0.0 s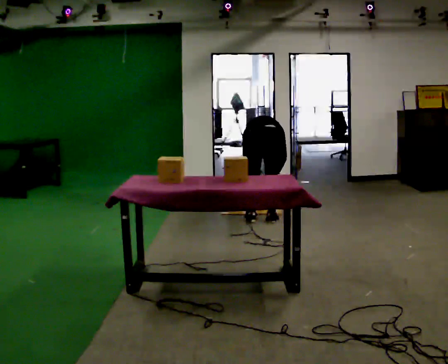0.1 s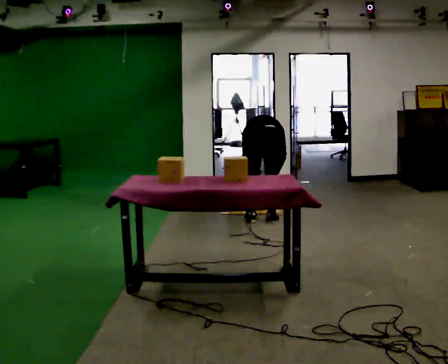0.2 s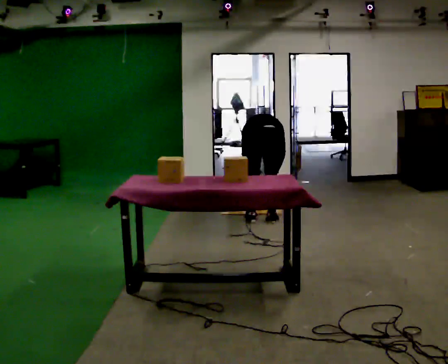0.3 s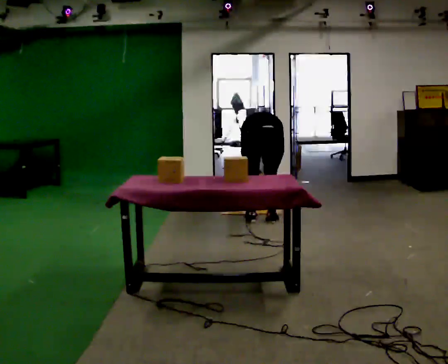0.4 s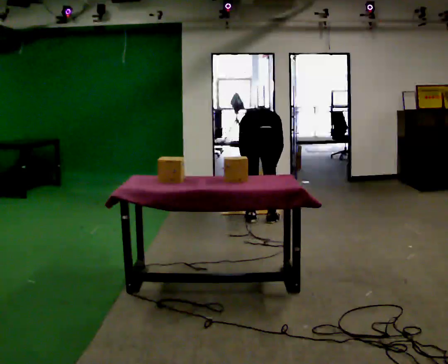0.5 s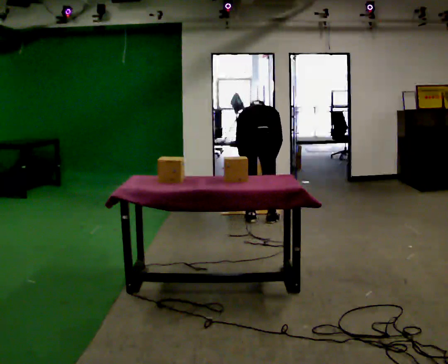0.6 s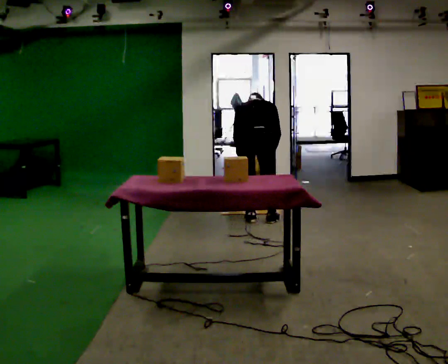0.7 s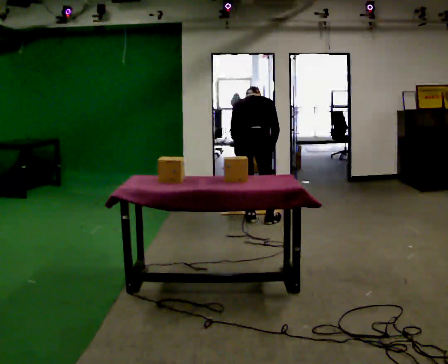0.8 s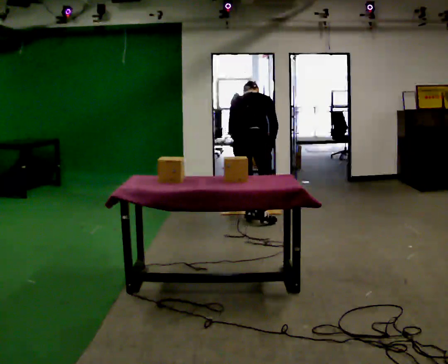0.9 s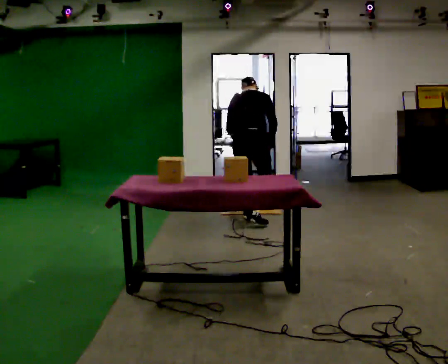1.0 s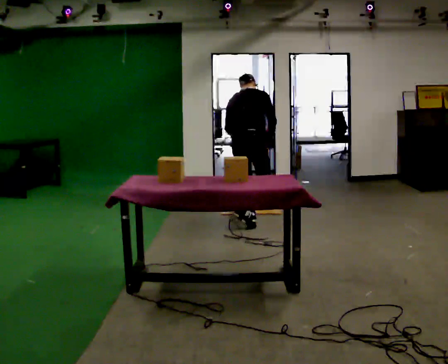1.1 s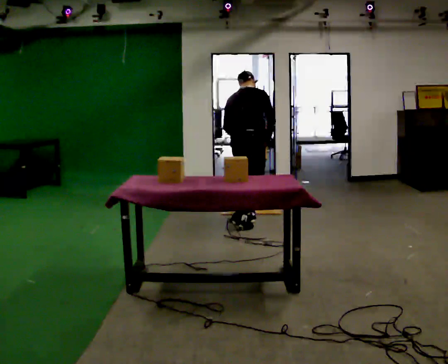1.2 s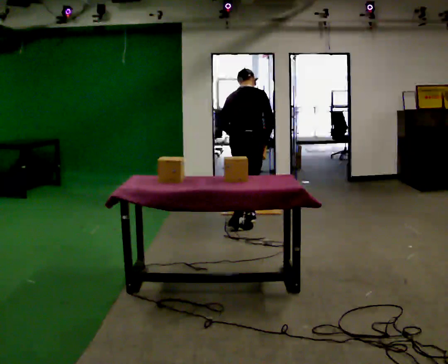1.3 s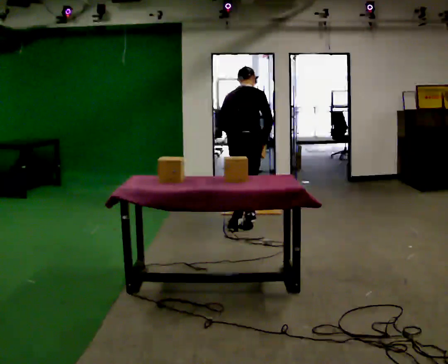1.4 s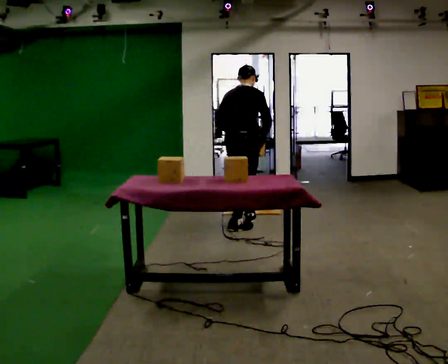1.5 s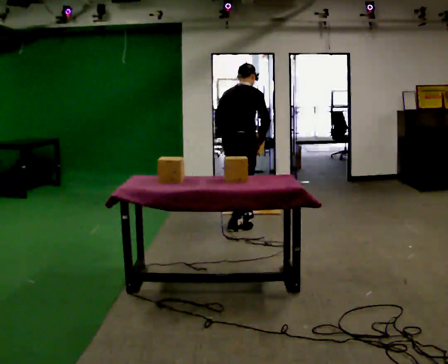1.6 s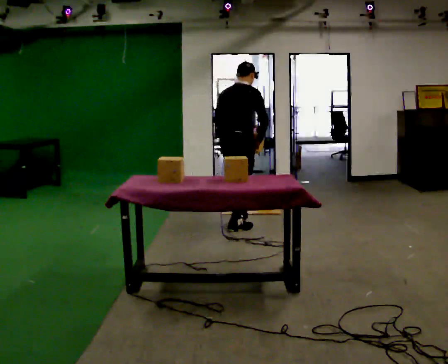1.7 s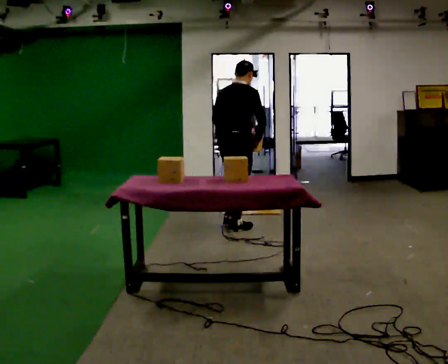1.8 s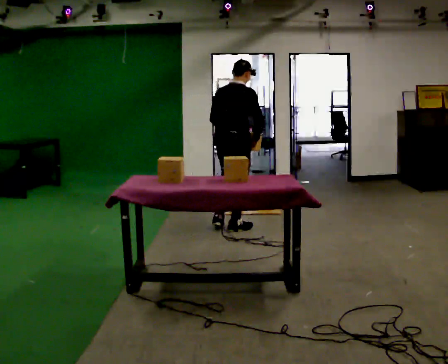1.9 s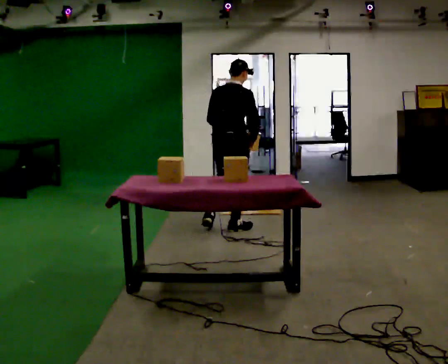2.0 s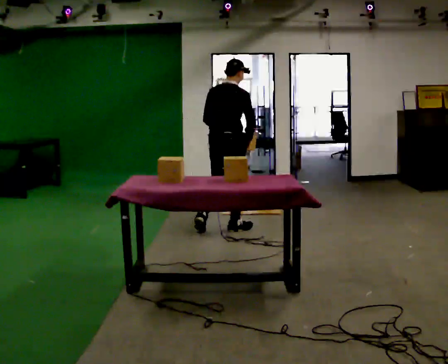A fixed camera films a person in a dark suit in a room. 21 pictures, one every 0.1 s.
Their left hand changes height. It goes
upward.
The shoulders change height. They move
upward.
0.0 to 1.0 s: In the picture they go to the left, about 0.25 m in 1 step, which for them is to their left. The upper body goes upward. The upper body tips toward the camera, its near side rolling downward, as they lean back or straighten. In the picture their right hand goes upward.
1.0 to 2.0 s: In the picture they go toward the camera and to the left, about 0.25 m in 1 step, which for them is backward. The upper body tips toward the camera, its near side rolling downward, as they lean back or straighten.
The film runs backward here.
